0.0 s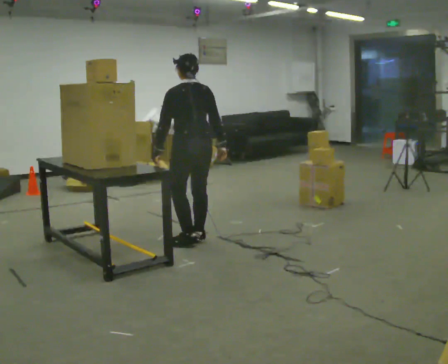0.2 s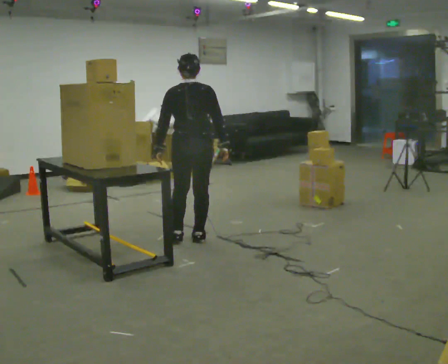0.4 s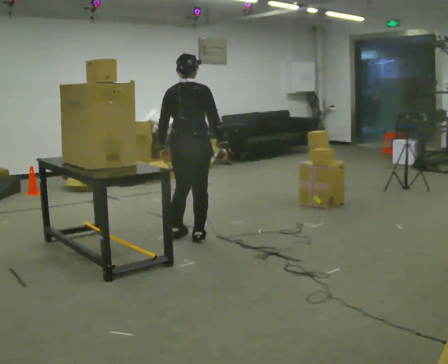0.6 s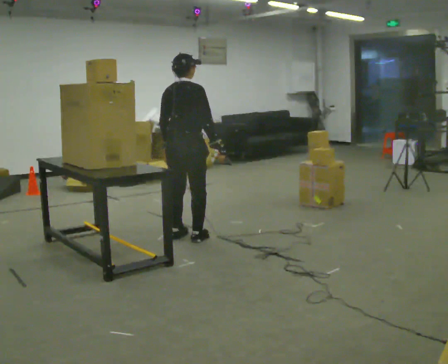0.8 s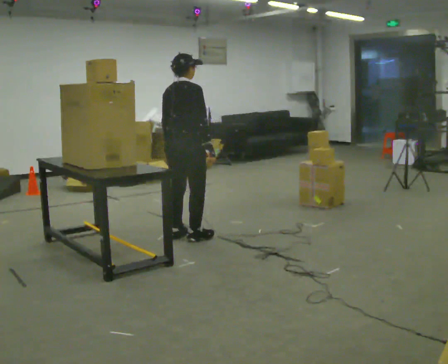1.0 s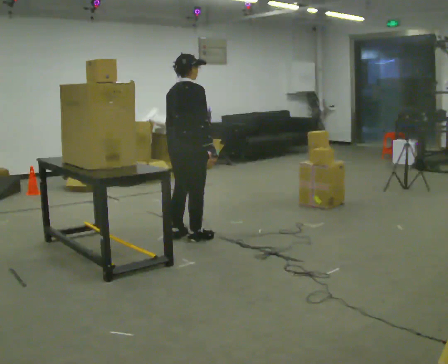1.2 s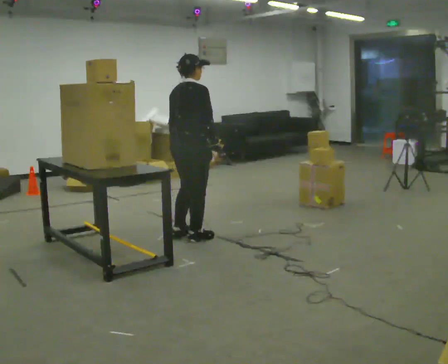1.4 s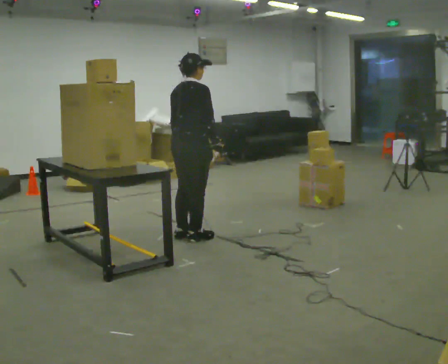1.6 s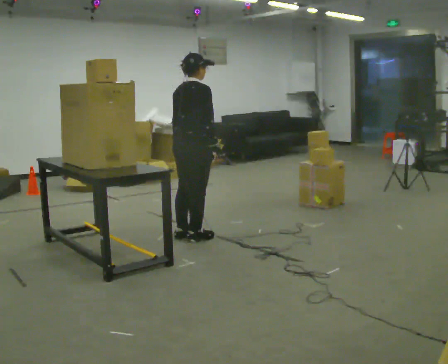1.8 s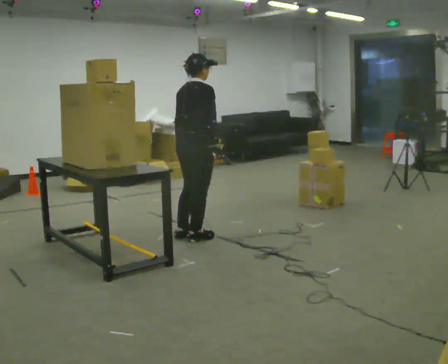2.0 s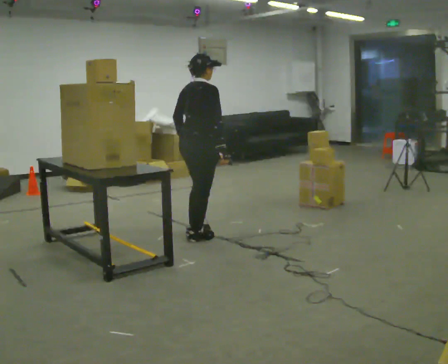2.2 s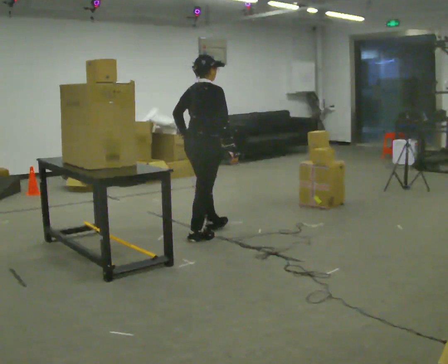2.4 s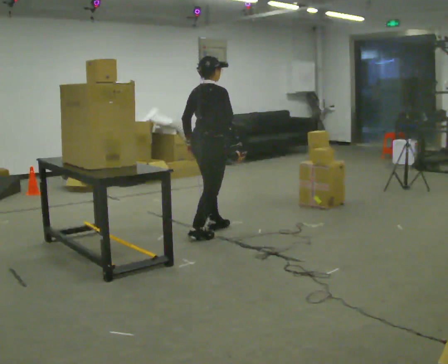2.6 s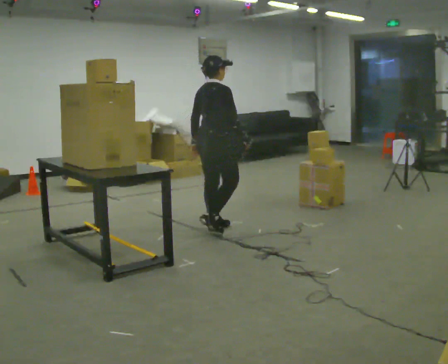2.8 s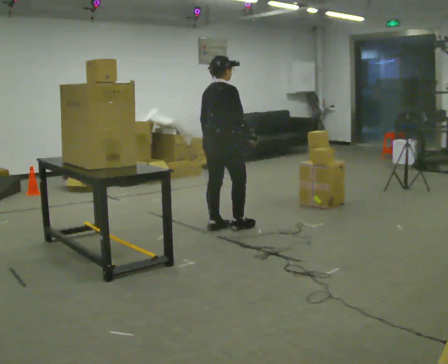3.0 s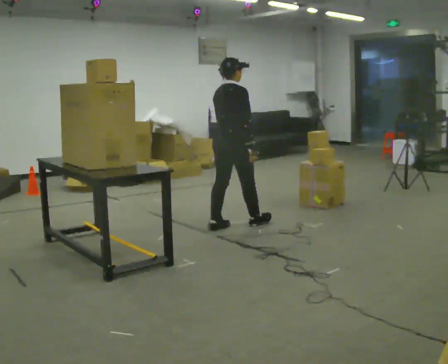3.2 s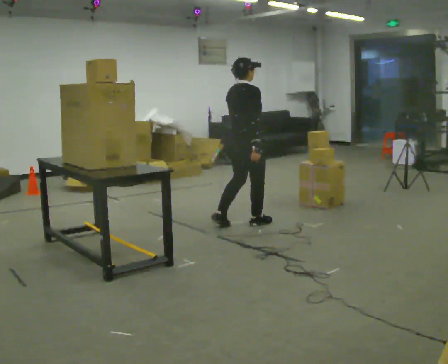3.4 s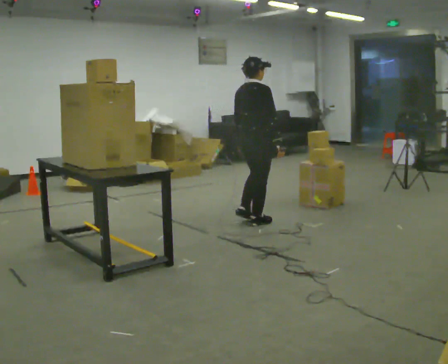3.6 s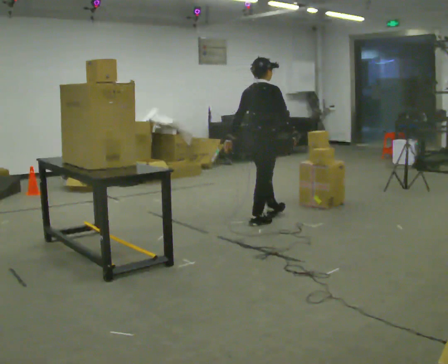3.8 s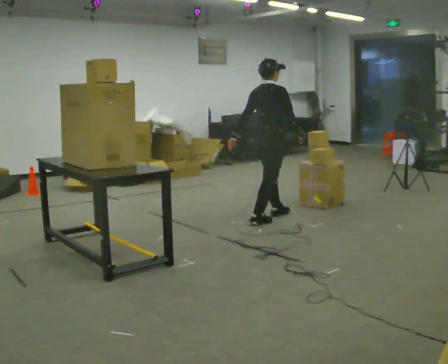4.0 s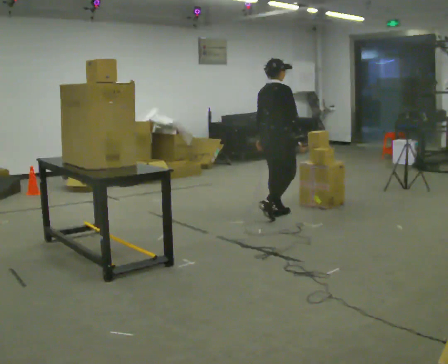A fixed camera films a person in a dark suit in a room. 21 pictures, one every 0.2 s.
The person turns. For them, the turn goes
to their right.
The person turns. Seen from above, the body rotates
clockwise.
0.0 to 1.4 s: Seen from above the body turns clockwise, about 75 degrees: to their right, with its near side sliding to the left.
1.4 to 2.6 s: In the picture they go away from the camera and to the right, about 0.25 m in 1 step, which for them is forward.
2.6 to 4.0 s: In the picture they go to the right and away from the camera, about 0.5 m in 2 steps, which for them is forward.
The film runs forward here.
